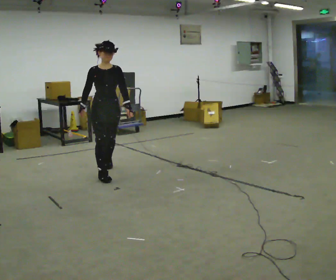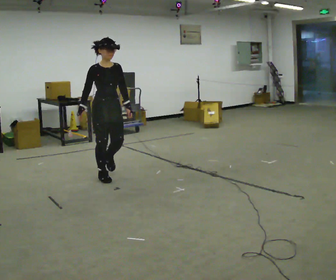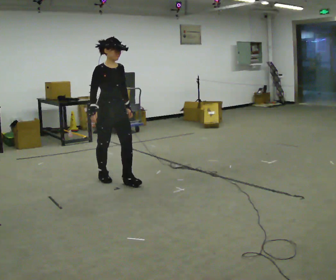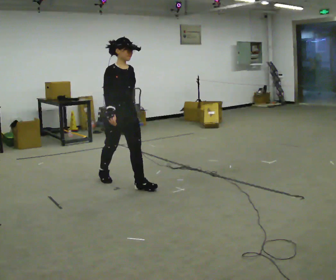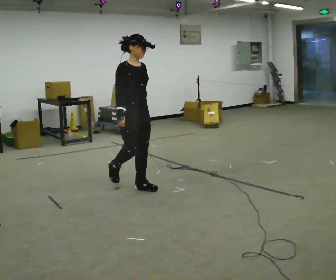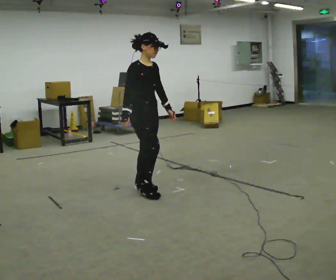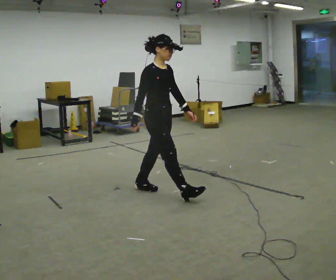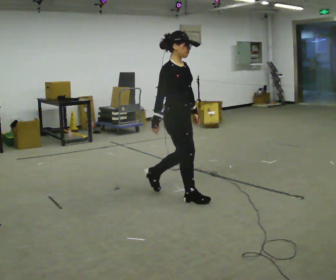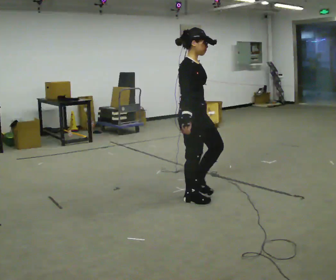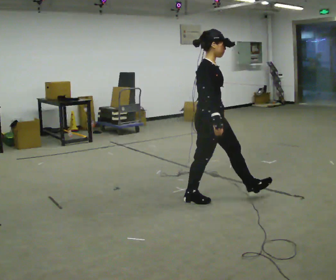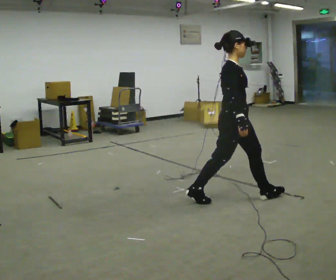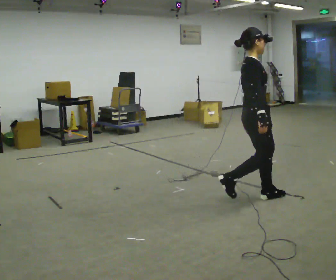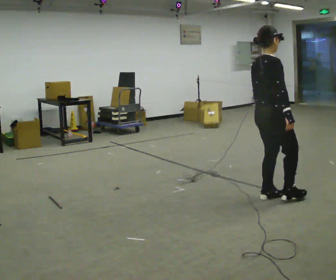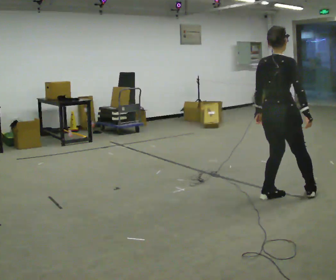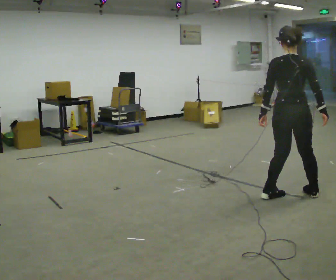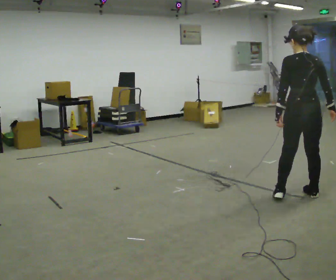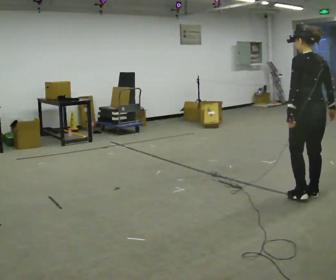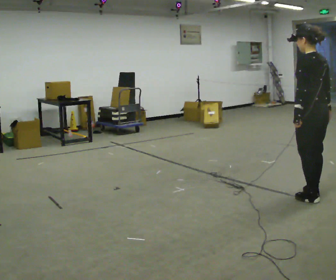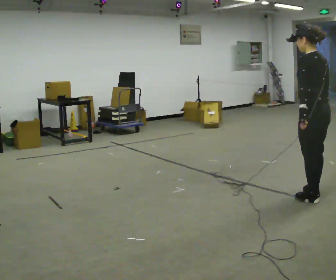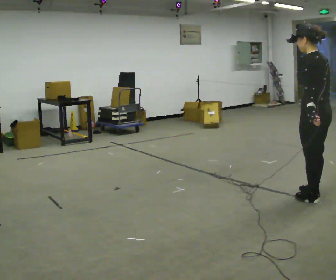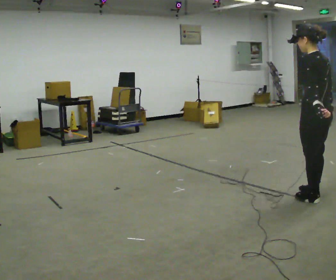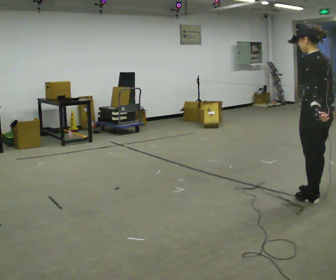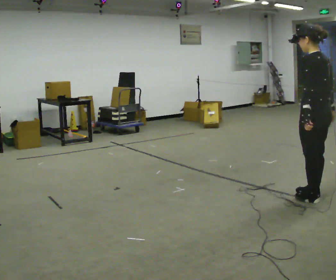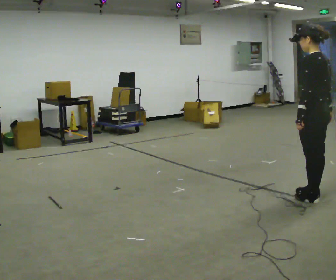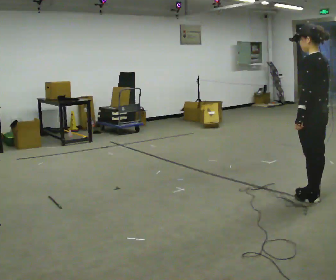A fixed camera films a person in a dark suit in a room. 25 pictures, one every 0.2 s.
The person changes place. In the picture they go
to the right.
The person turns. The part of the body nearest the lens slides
to the right.
0.0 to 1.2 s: The part of the body nearest the lens slides to the right as the person turns to their left by about 45 degrees. In the picture they go to the right and toward the camera, about 1 m in 1 step, which for them is forward.
1.2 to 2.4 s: The part of the body nearest the lens slides to the right as the person turns to their left by about 45 degrees. In the picture they go to the right, about 1 m in 2 steps, which for them is forward.
2.4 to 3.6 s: The part of the body nearest the lens slides to the right as the person turns to their left by about 105 degrees. In the picture they go to the right, about 0.5 m in 2 steps.
3.6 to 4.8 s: The person moves a little, or ends about where they began.
The film runs forward here.
